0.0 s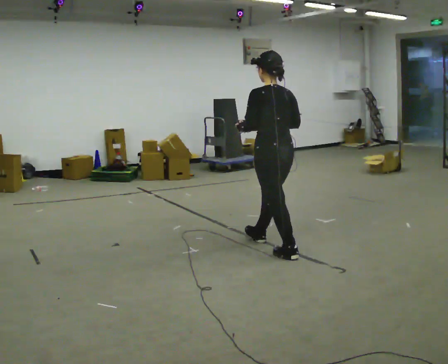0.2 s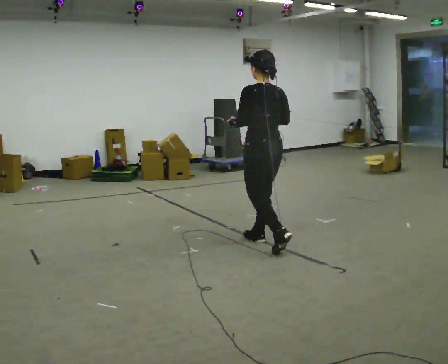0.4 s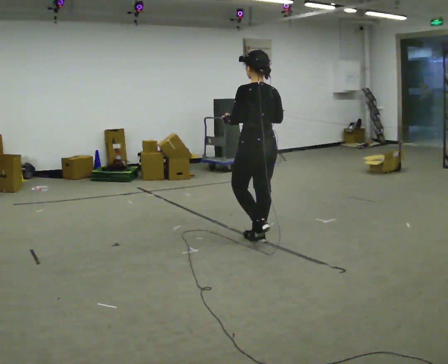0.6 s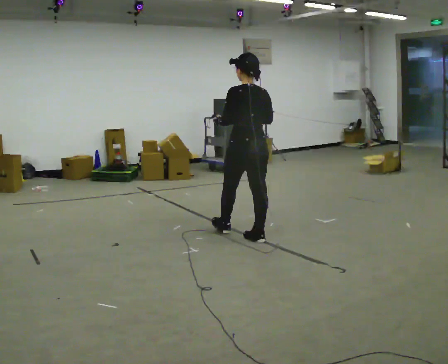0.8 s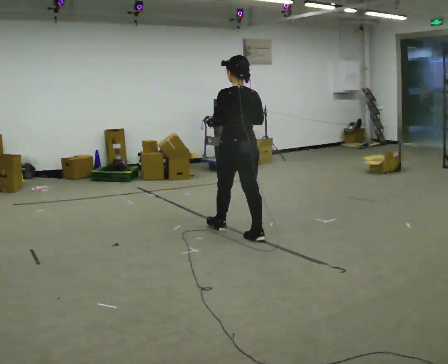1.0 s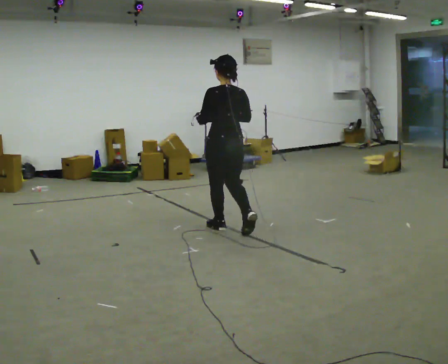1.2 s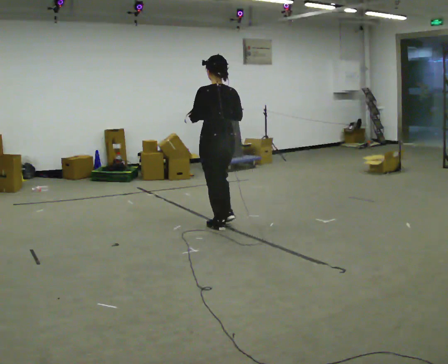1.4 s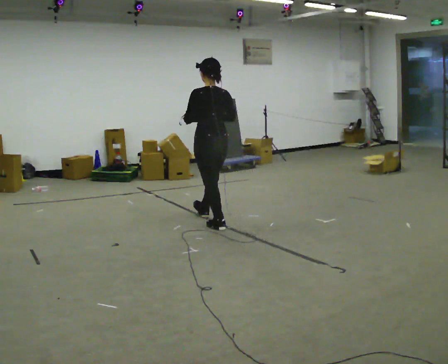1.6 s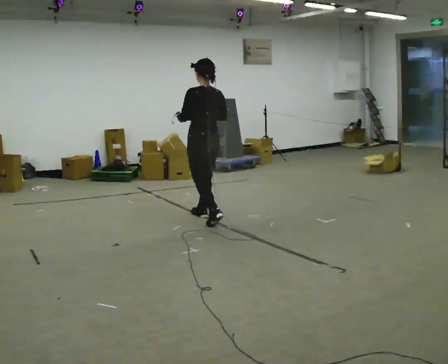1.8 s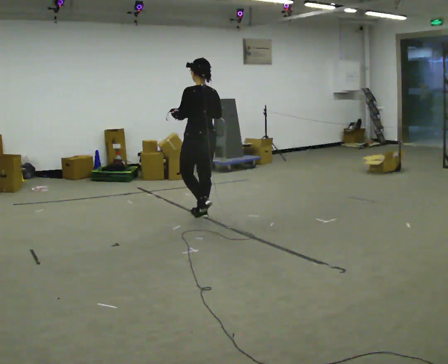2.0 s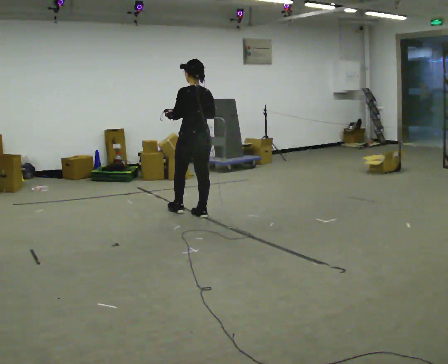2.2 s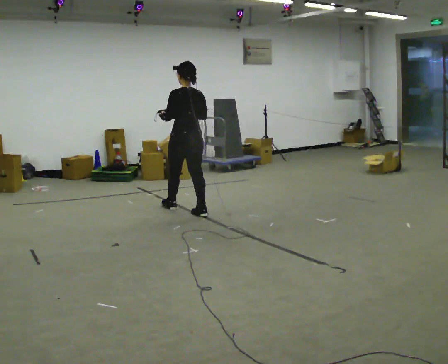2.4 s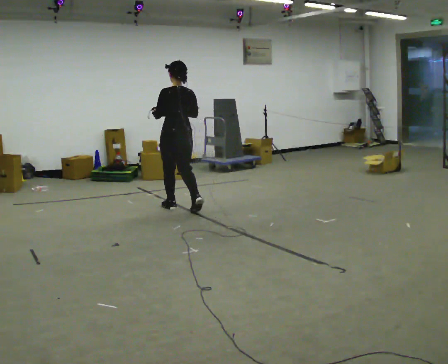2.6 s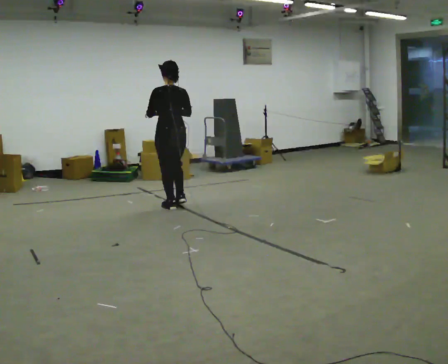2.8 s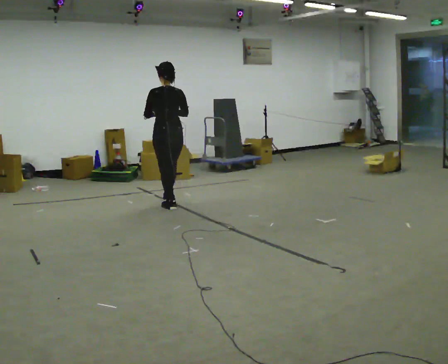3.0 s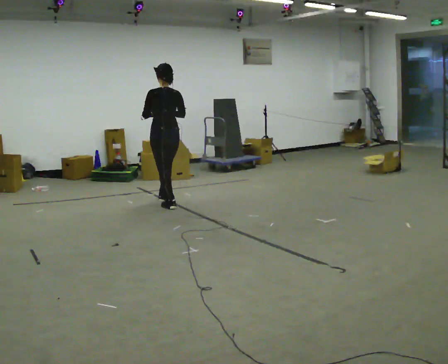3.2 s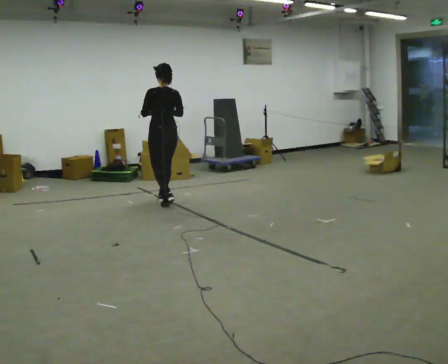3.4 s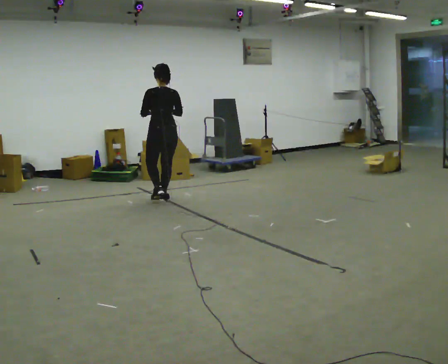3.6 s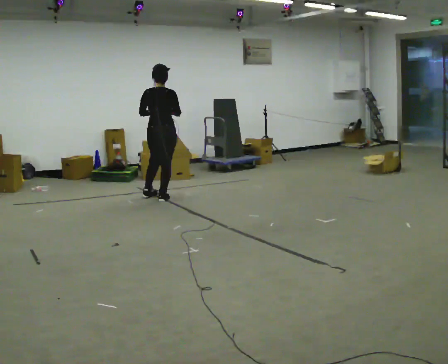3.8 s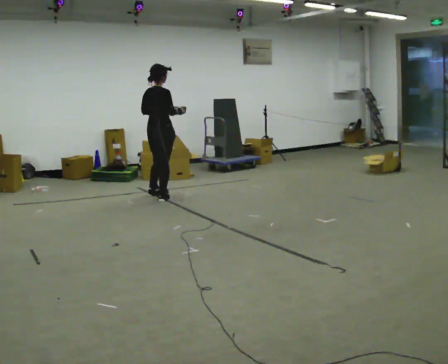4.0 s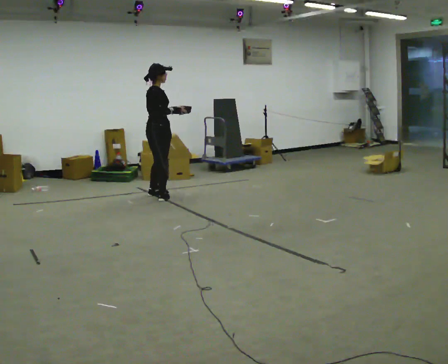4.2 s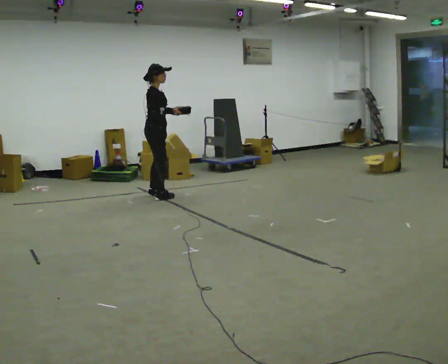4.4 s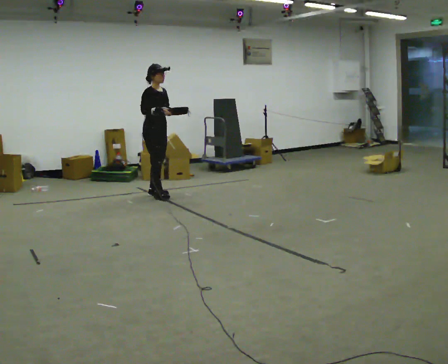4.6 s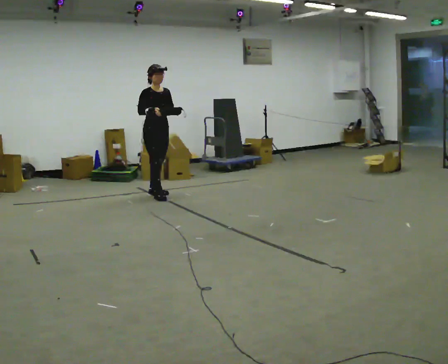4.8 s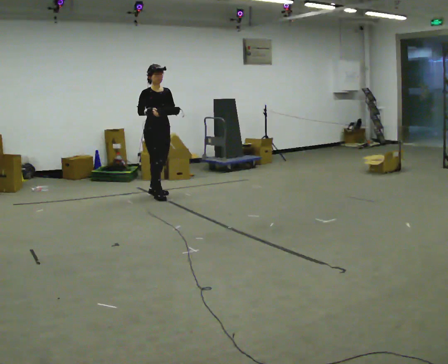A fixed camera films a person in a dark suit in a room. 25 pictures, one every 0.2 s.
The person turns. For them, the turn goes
to their right.
The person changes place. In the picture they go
away from the camera.
0.0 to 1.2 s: In the picture they go away from the camera and to the left, about 1 m in 1 step, which for them is forward.
1.2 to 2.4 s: In the picture they go away from the camera and to the left, about 1 m in 2 steps, which for them is forward.
2.4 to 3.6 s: The person turns about 45 degrees to their right, clockwise seen from above, so the part of the body nearest the lens slides to the left. In the picture they go away from the camera and to the left, about 0.5 m in 1 step, which for them is forward.
3.6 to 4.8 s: Seen from above the body turns clockwise, about 120 degrees: to their right, with its near side sliding to the left. In the picture they go away from the camera, about 0.25 m in 2 steps. In the picture their left hand goes to the right.
The film runs forward here.
